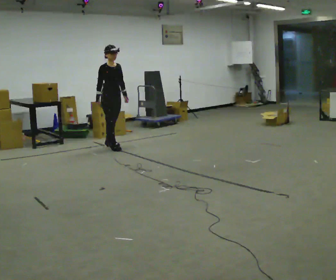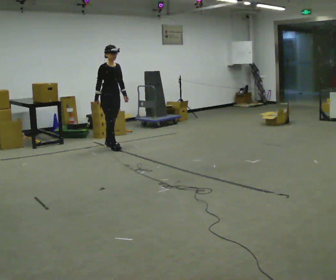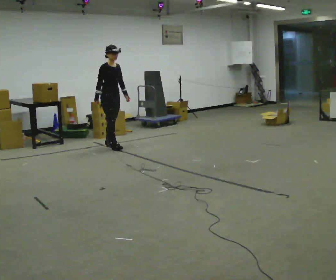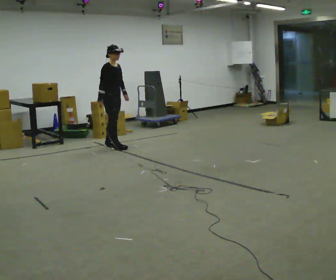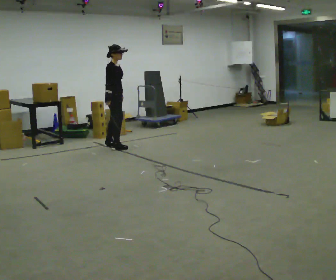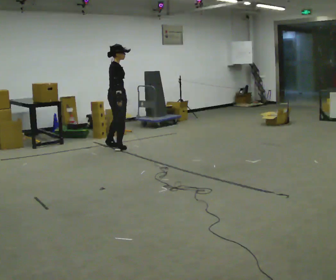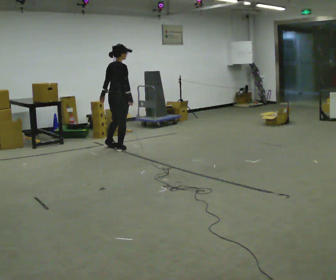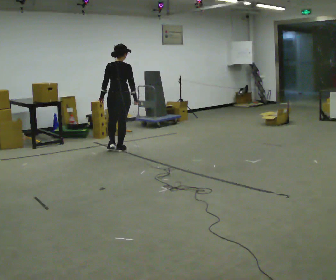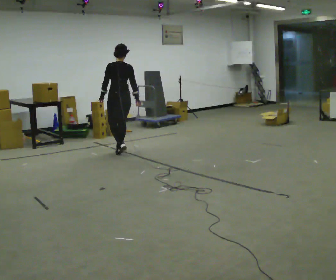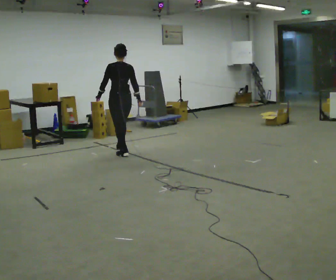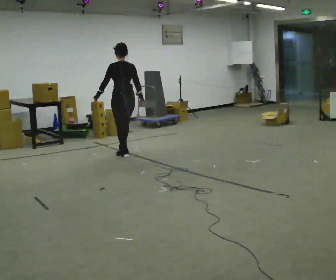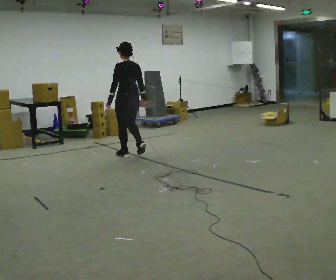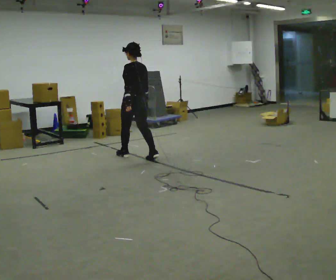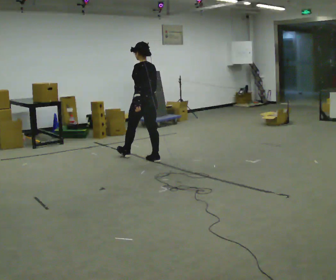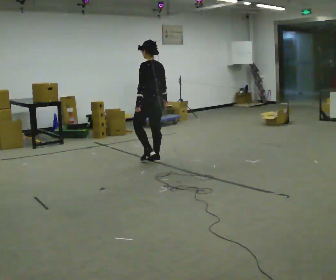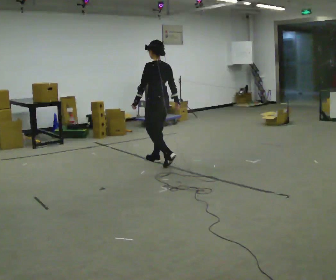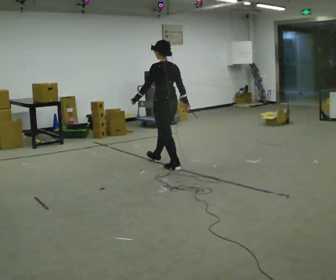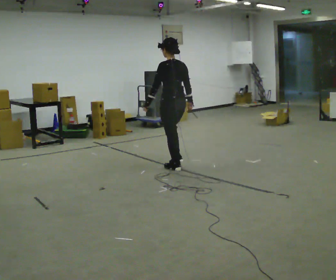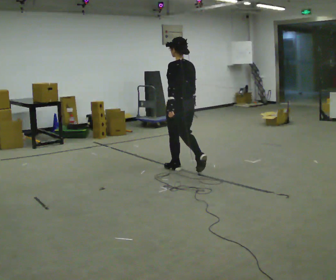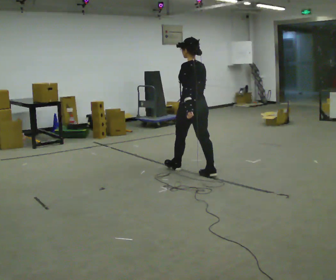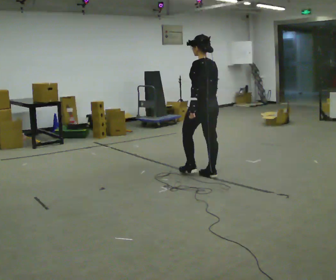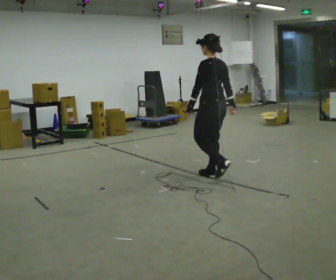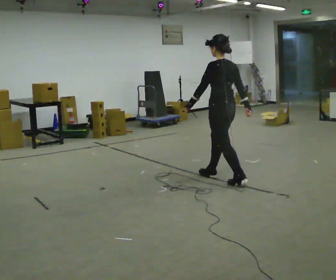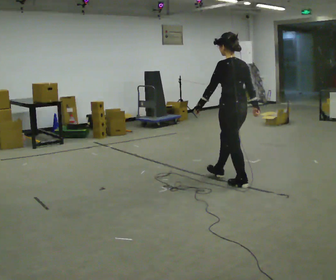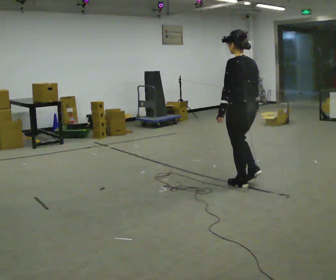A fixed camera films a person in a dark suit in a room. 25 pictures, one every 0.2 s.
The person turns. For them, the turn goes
to their left.
The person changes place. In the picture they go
toward the camera.
0.0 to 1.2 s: The person turns about 90 degrees to their left, counterclockwise seen from above, so the part of the body nearest the lens slides to the right. In the picture their left hand goes to the left, the arm swinging clockwise.
1.2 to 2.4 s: Seen from above the body turns counterclockwise, about 90 degrees: to their left, with its near side sliding to the right. In the picture they go toward the camera and to the right, about 0.75 m in 1 step.
2.4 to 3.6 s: In the picture they go toward the camera and to the right, about 1 m in 2 steps, which for them is backward.
3.6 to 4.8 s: In the picture they go toward the camera and to the right, about 1 m in 2 steps, which for them is backward.
The film runs backward here.
